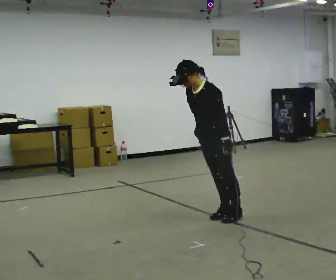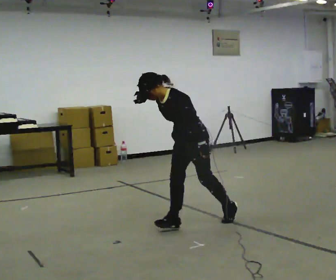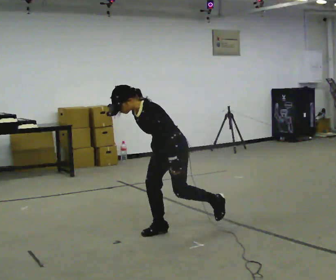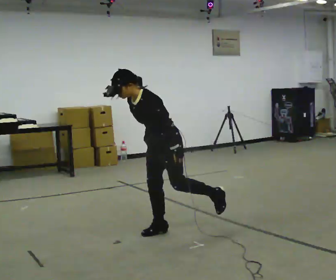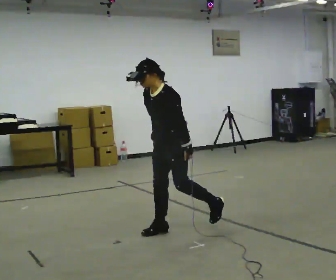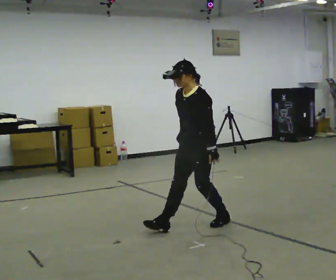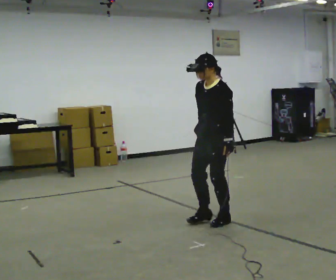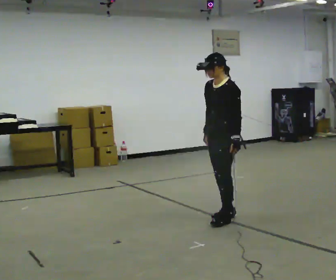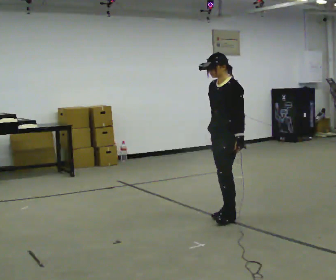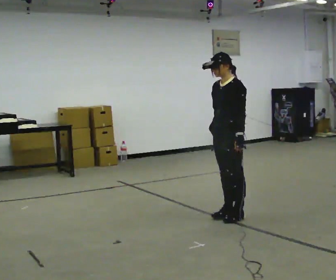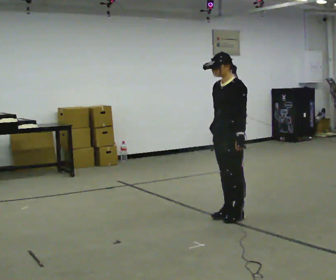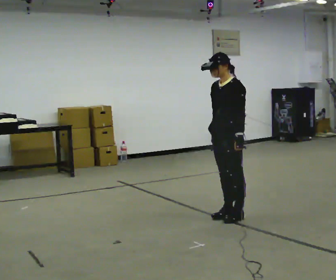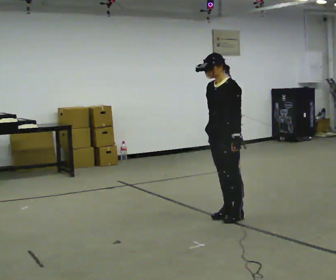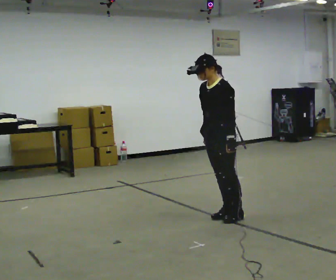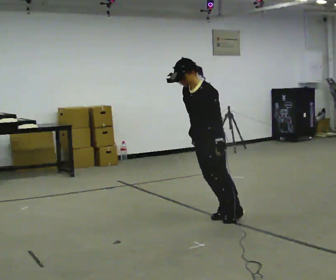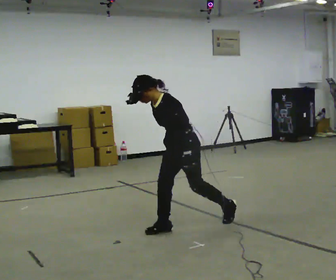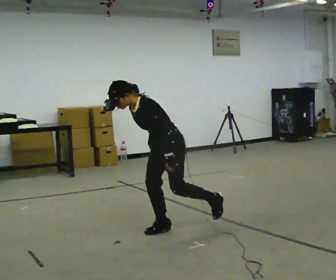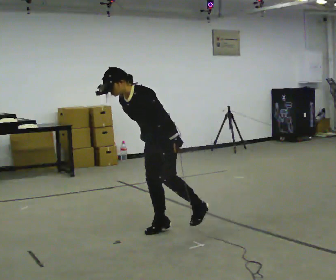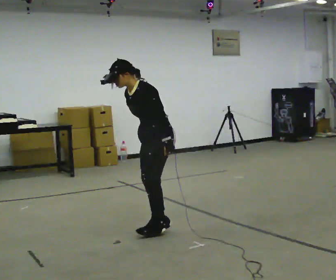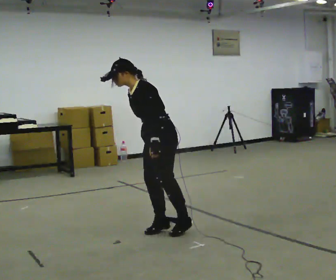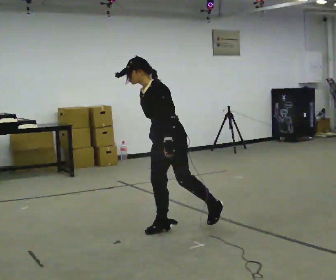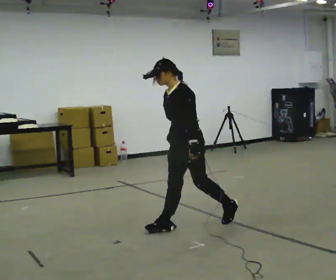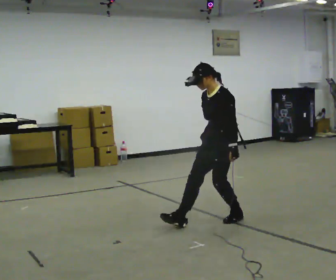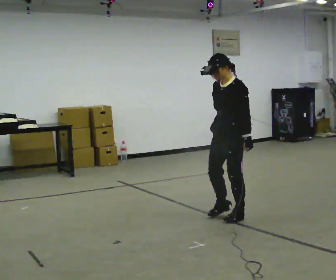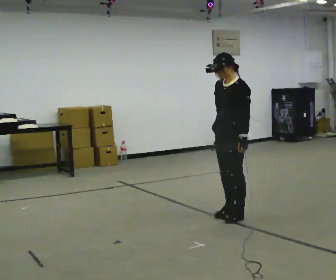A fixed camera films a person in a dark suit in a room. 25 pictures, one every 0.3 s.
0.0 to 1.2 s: In the picture they go to the left and toward the camera, about 0.5 m in 2 steps, which for them is forward.
1.2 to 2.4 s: In the picture they go to the right and away from the camera, about 0.5 m in 1 step, which for them is backward.
2.4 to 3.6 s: The person moves a little, or ends about where they began.
3.6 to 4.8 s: In the picture they go to the left and toward the camera, about 0.5 m in 2 steps, which for them is forward. In the picture the upper body tilts counterclockwise, shoulders to the left, as they bend forward.
4.8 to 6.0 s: The upper body tips away from the camera, its near side rolling upward, as they lean back or straighten.
6.0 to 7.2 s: In the picture they go to the right and away from the camera, about 0.75 m in 2 steps, which for them is backward. In the picture the upper body tilts clockwise, shoulders to the right, as they lean back or straighten.
The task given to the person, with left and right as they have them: Stand on the marked spots with your feet together. Lean forward from the ankles, keeping your body straight, until you cannot hold it any longer, then step forward to catch yourself. Return to the spots. Repeat at your own pace until the operator says stop. Go slowly and only as far as you are comfortable. Step whenever you need to; do not try to hold on longer than feels safe.
The film runs forward here.
